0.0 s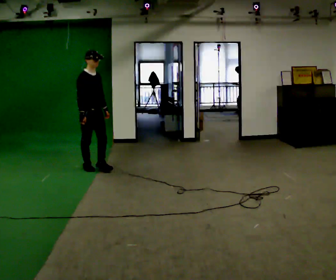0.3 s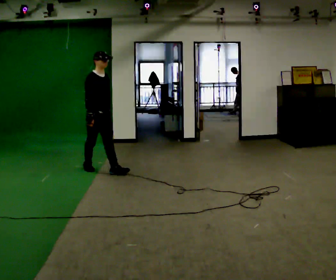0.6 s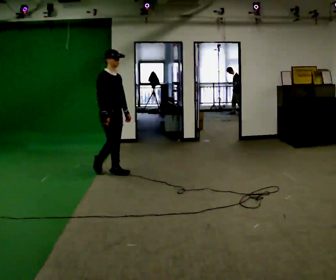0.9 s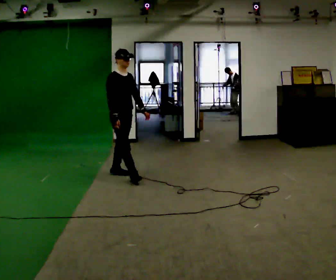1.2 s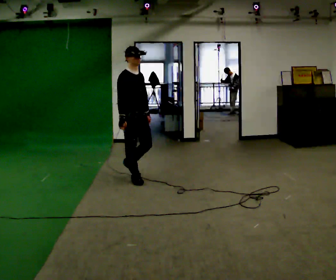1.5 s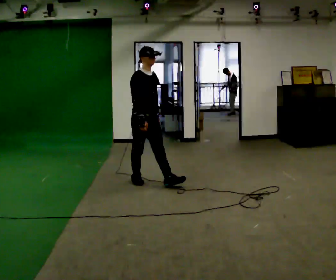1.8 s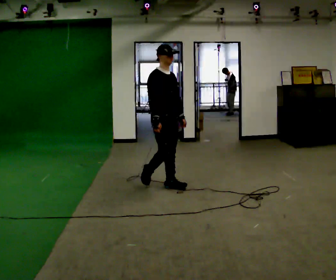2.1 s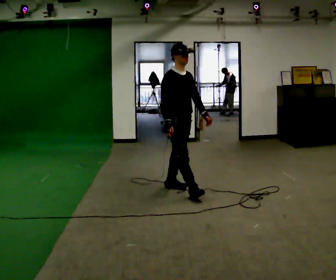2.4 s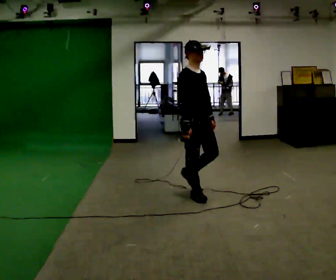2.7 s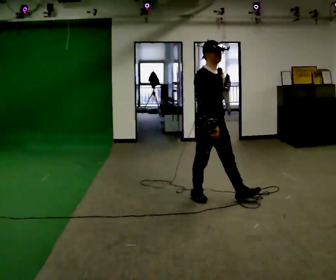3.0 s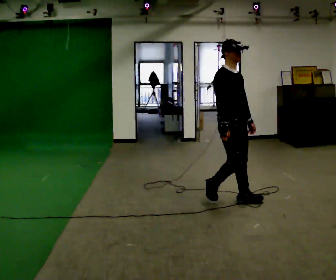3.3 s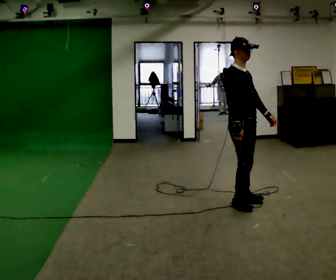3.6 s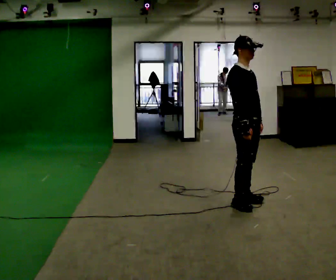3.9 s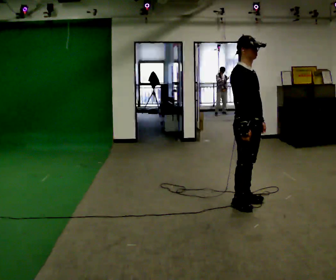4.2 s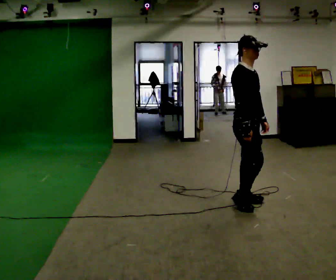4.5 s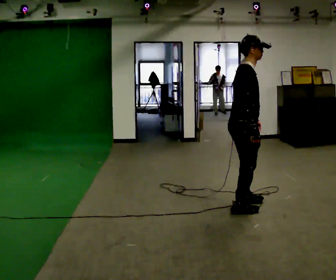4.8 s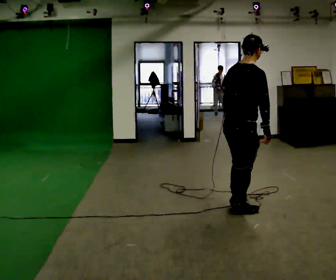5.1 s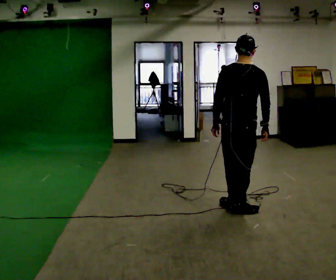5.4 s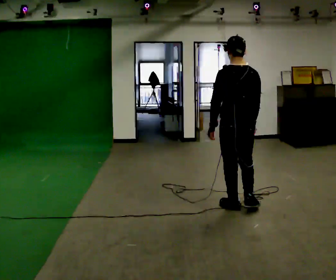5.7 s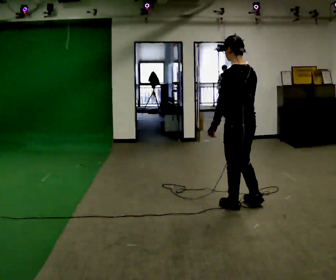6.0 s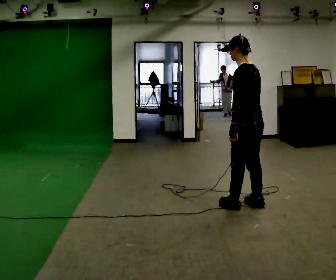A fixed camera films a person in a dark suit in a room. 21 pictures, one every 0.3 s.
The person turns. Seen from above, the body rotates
counterclockwise.
The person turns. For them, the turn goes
to their left.
0.0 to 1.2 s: In the picture they go to the right and toward the camera, about 1 m in 2 steps, which for them is forward.
1.2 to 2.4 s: In the picture they go to the right and toward the camera, about 1 m in 2 steps, which for them is forward.
2.4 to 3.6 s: In the picture they go to the right and toward the camera, about 0.5 m in 2 steps, which for them is forward.
3.6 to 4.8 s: The person turns about 75 degrees to their left, counterclockwise seen from above, so the part of the body nearest the lens slides to the right. In the picture they go toward the camera, about 0.25 m in 1 step. In the picture the upper body tilts clockwise, shoulders to the right. In the picture their left hand goes to the left.
4.8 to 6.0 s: Seen from above the body turns counterclockwise, about 105 degrees: to their left, with its near side sliding to the right.
The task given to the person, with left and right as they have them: Walk forward in a lowered crouched posture at a comfortable speed; do not go lower than is comfortable; stop.
The film runs forward here.
